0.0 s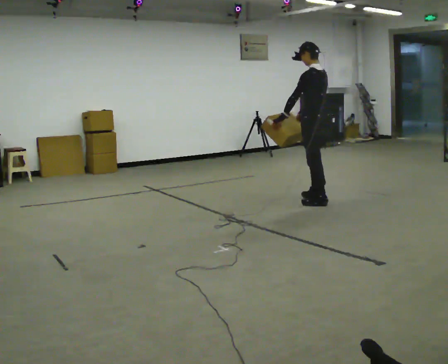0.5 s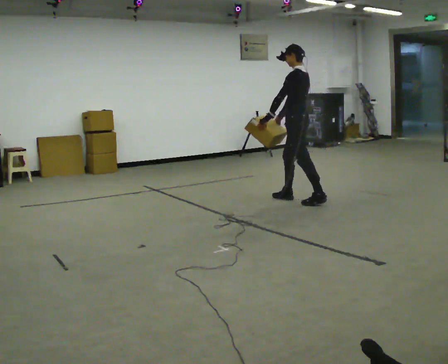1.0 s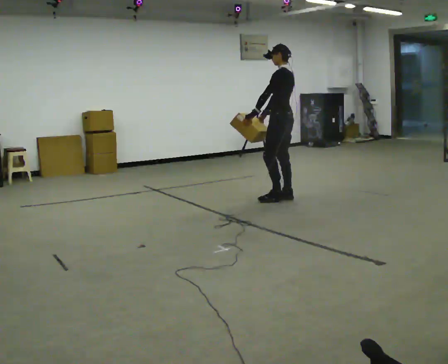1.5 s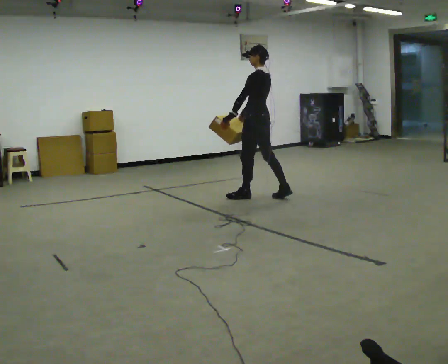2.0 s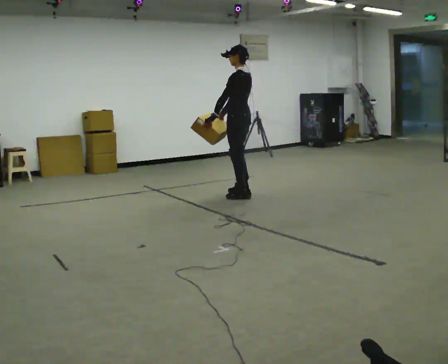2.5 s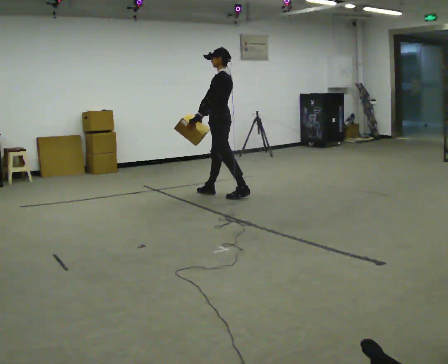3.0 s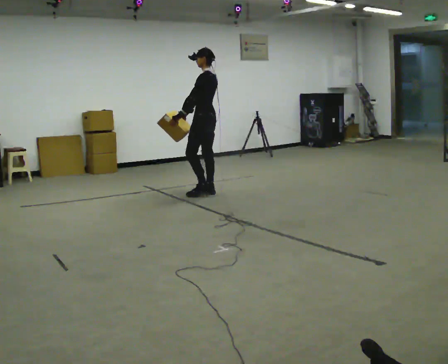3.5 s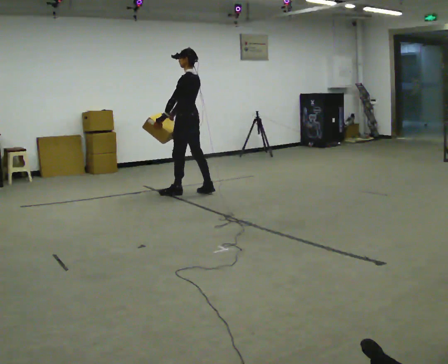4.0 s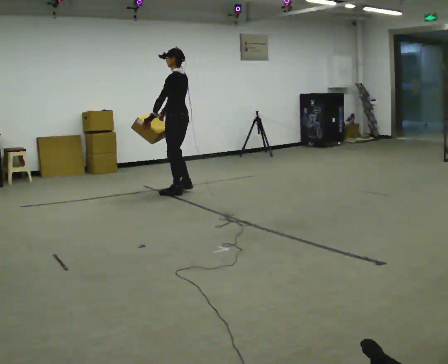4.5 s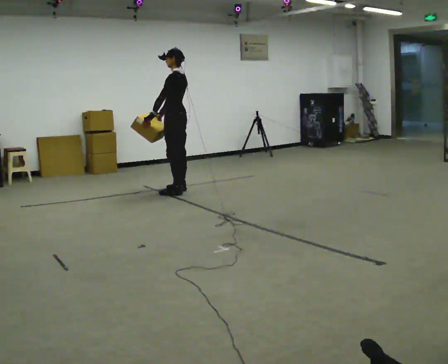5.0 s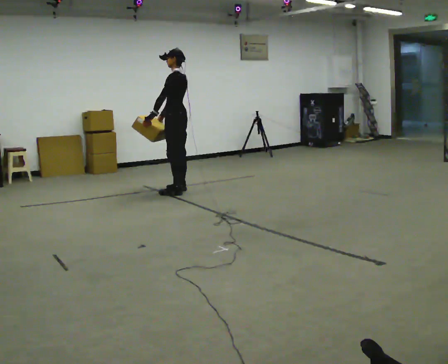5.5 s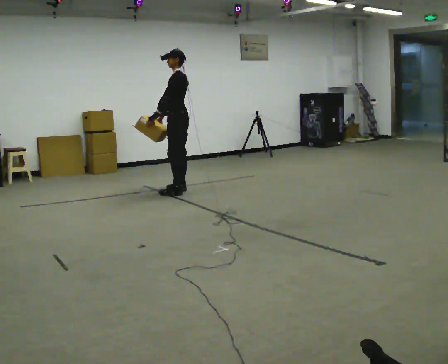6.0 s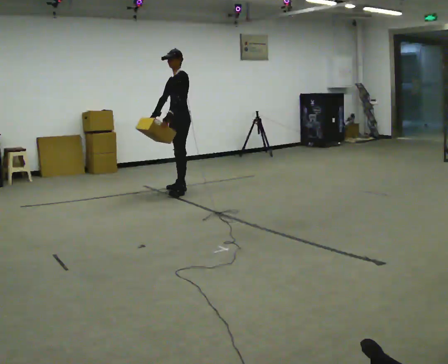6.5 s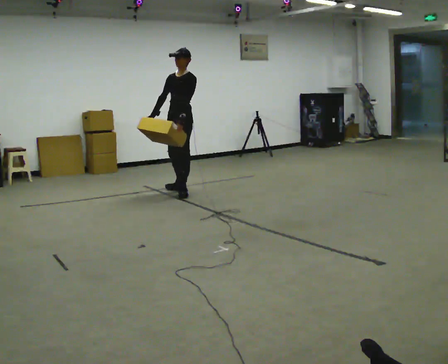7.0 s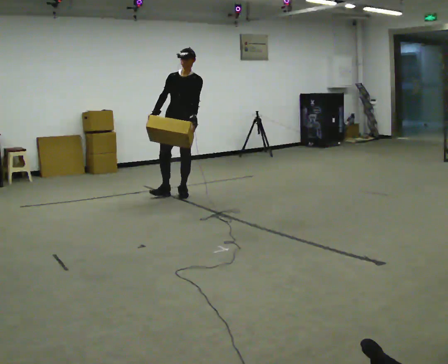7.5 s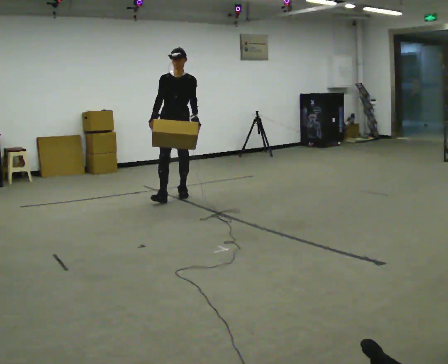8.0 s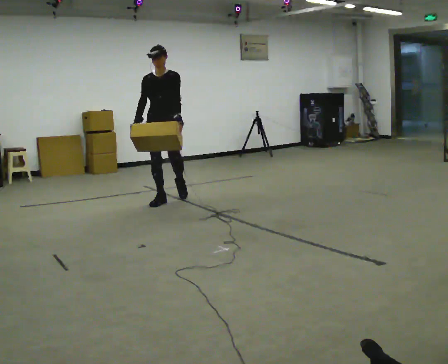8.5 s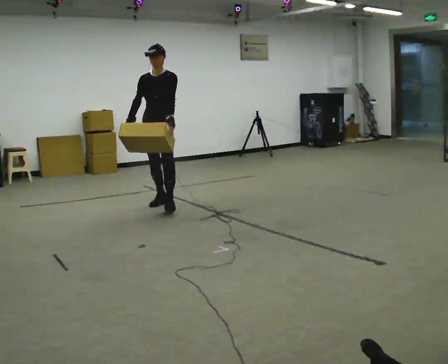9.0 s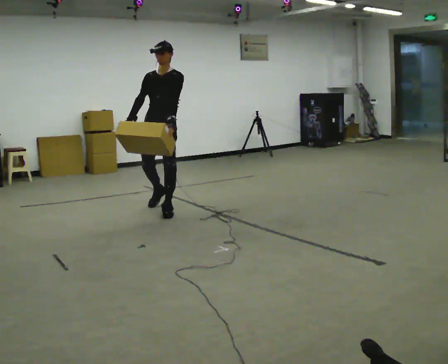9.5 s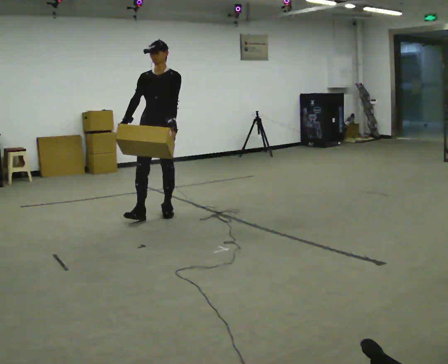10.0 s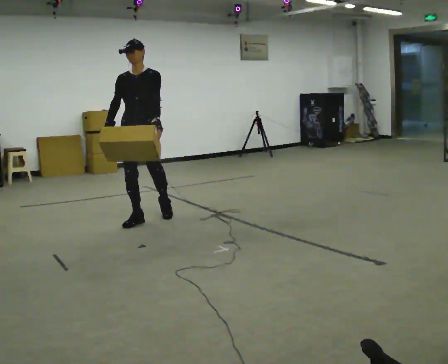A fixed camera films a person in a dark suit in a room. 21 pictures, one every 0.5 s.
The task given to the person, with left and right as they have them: Carry the medium box in both hands in front of you, walking back and forth across the room. Keep walking until the operator says stop.
0.0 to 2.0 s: In the picture they go to the left and away from the camera, about 1 m in 2 steps, which for them is forward.
2.0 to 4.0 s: In the picture they go to the left and away from the camera, about 1 m in 2 steps, which for them is forward.
4.0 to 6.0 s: Seen from above the body turns counterclockwise, about 45 degrees: to their left, with its near side sliding to the right. In the picture they go away from the camera, about 0.25 m in 1 step, which for them is to their right.
6.0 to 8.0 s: The person turns about 60 degrees to their left, counterclockwise seen from above, so the part of the body nearest the lens slides to the right. In the picture they go toward the camera, about 0.75 m in 1 step.
8.0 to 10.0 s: In the picture they go toward the camera, about 1 m in 2 steps, which for them is forward.
The film runs forward here.
